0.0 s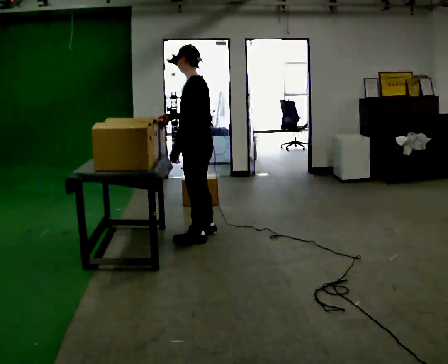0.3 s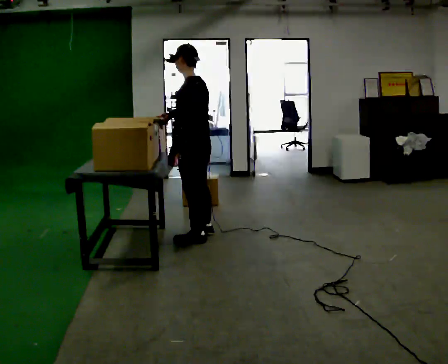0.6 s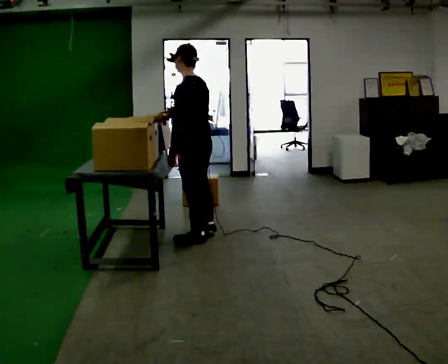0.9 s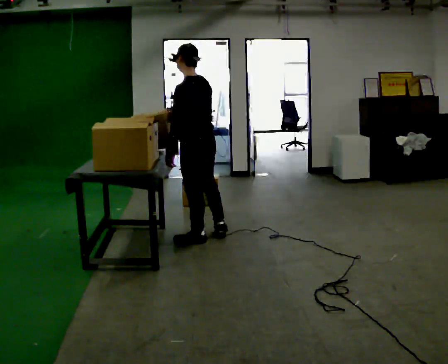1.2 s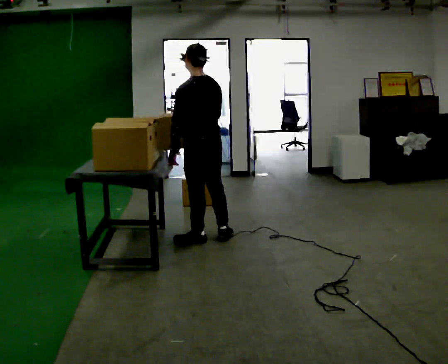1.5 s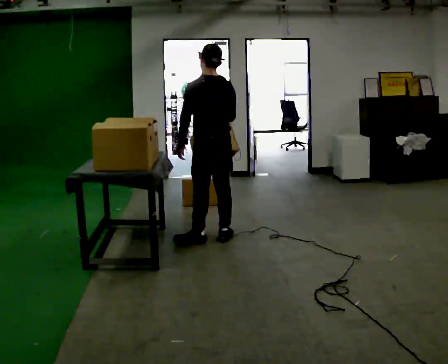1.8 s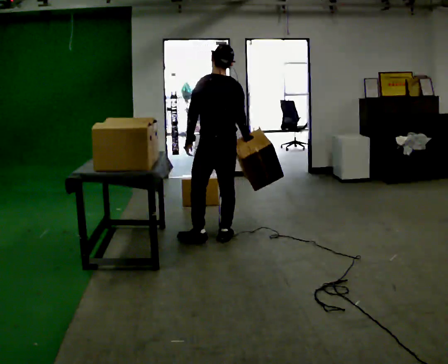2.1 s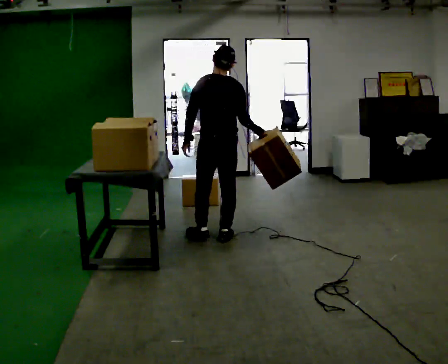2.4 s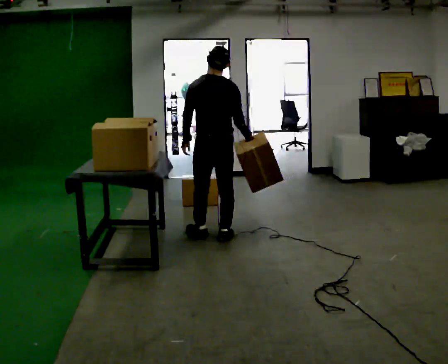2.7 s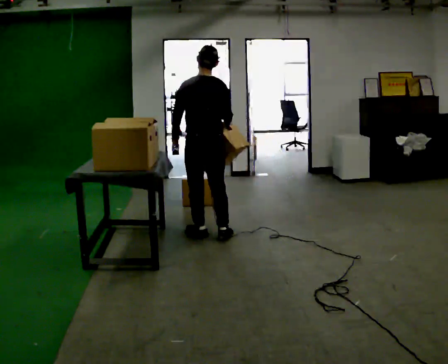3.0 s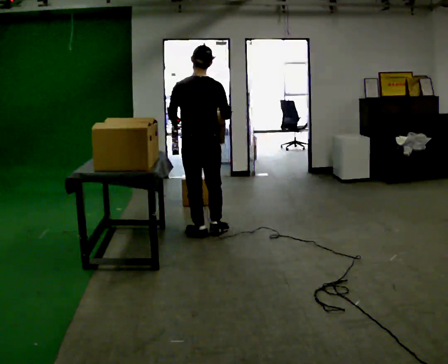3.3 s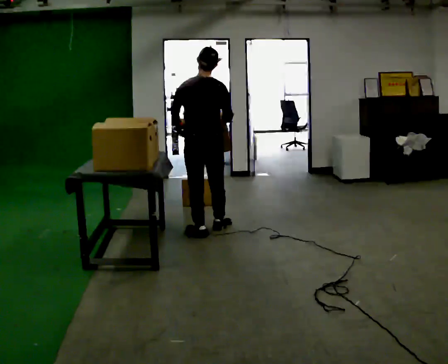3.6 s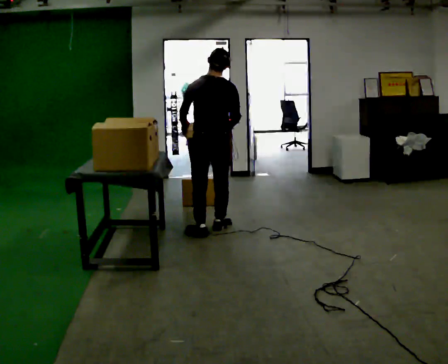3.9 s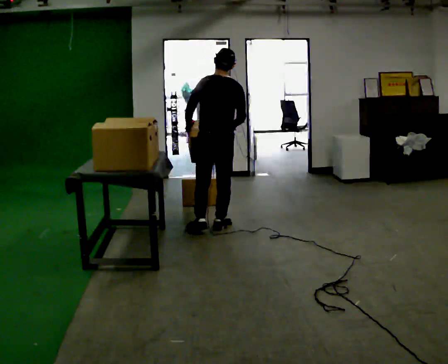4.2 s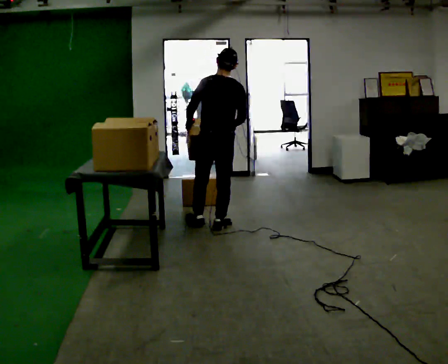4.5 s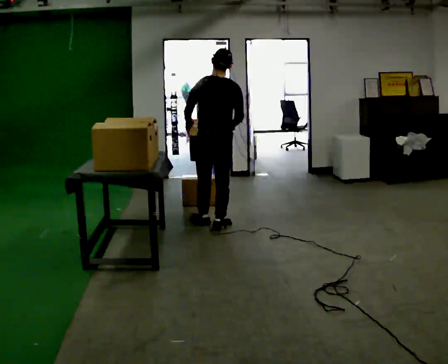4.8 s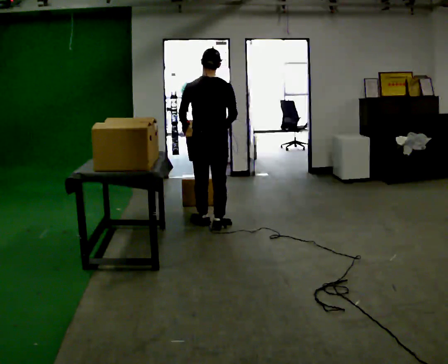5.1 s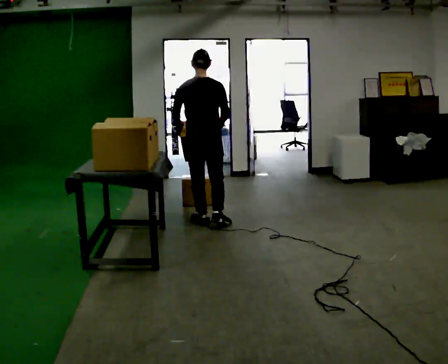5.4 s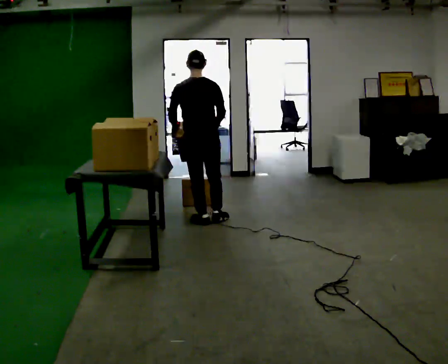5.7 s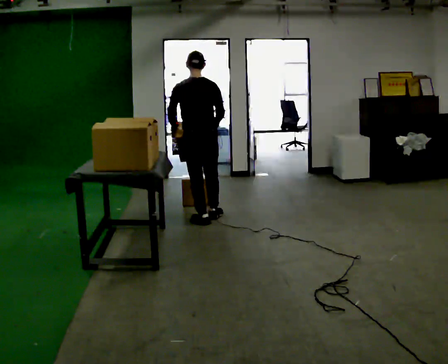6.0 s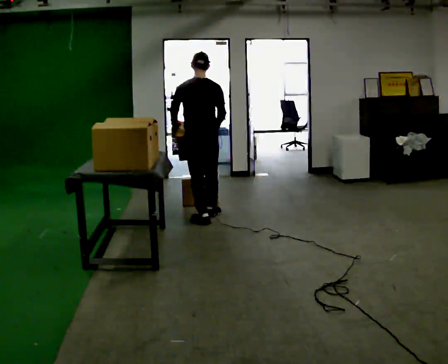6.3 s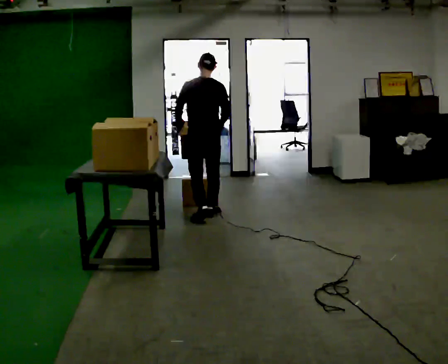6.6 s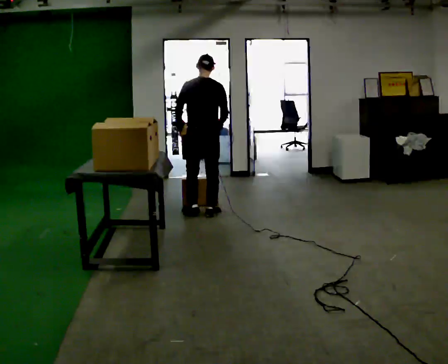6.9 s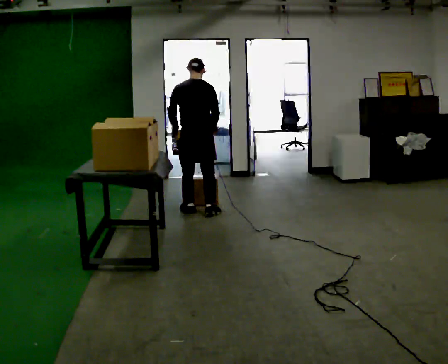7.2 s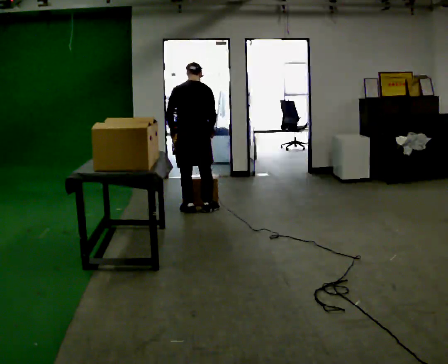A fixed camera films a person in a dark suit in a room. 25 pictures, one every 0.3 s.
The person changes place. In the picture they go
away from the camera.
0.0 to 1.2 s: The part of the body nearest the lens slides to the left as the person turns to their right by about 30 degrees.
1.2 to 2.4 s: In the picture their right hand goes to the right.
2.4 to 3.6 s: In the picture they go away from the camera, about 0.25 m in 1 step, which for them is forward.
3.6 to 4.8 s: In the picture they go away from the camera, about 0.25 m in 1 step, which for them is forward.
4.8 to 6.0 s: In the picture they go away from the camera, about 0.25 m in 1 step, which for them is forward.
6.0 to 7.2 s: In the picture they go away from the camera, about 0.25 m in 2 steps, which for them is forward. The upper body tips away from the camera, its near side rolling upward, as they bend forward.
The film runs forward here.
